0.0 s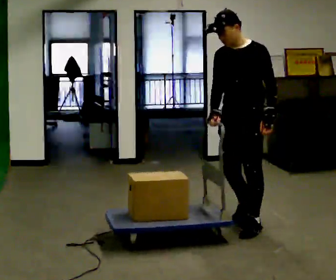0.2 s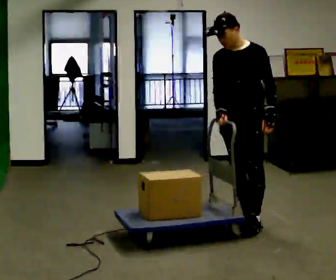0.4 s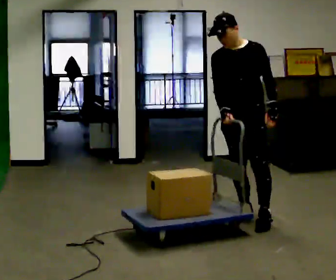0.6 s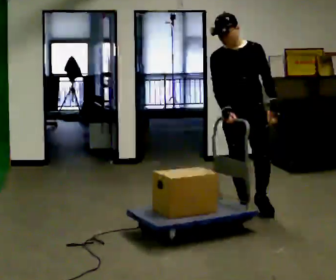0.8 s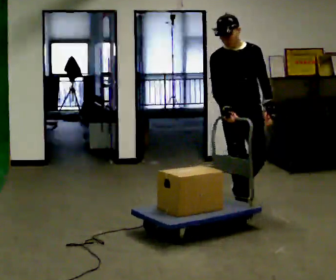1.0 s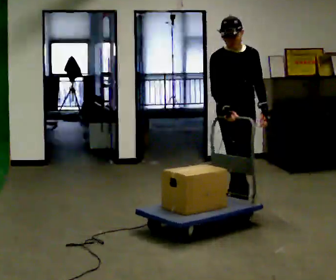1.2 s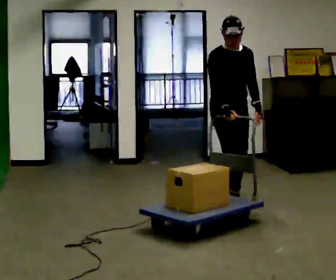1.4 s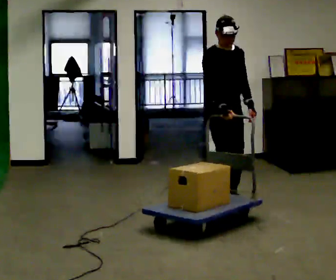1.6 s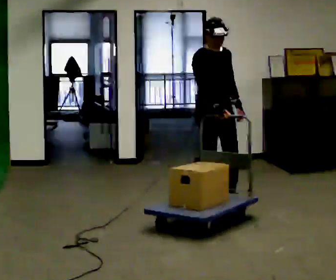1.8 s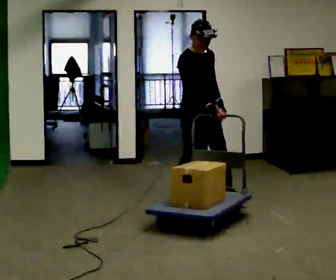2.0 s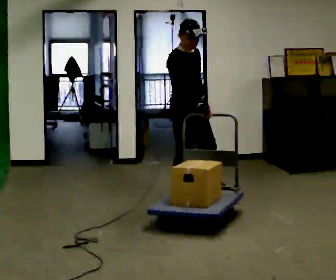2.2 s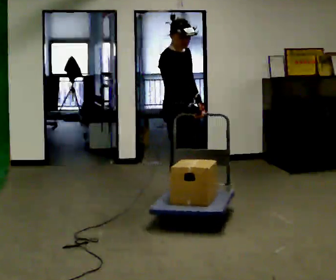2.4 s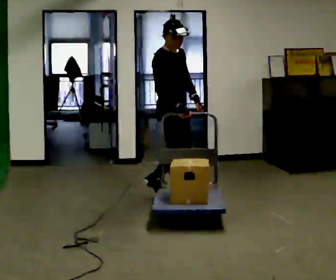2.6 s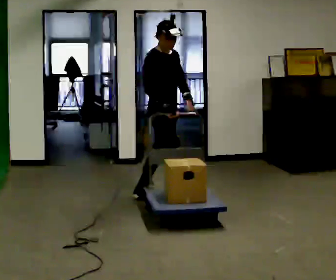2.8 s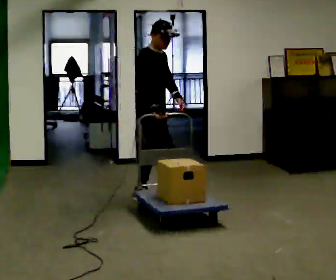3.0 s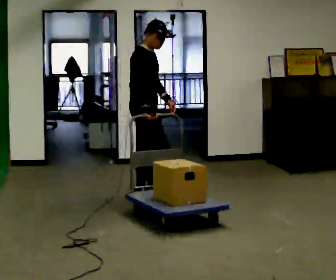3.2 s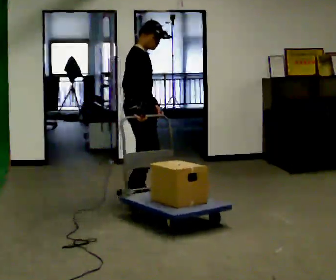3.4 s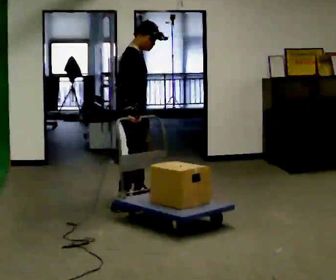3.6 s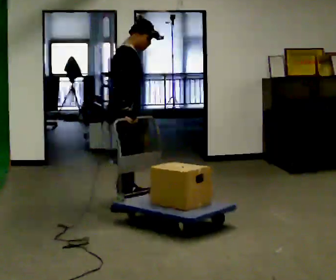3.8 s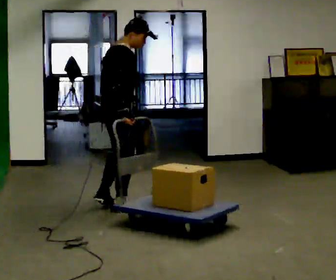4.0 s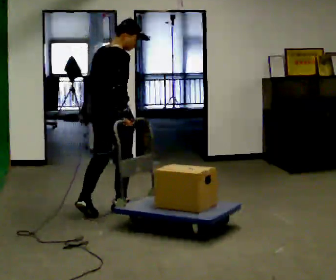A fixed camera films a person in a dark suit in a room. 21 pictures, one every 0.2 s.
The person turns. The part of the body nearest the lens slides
to the right.
The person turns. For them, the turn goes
to their left.
0.0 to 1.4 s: Seen from above the body turns counterclockwise, about 75 degrees: to their left, with its near side sliding to the right. In the picture they go away from the camera, about 0.5 m in 2 steps.
1.4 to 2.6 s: The part of the body nearest the lens slides to the right as the person turns to their left by about 45 degrees. In the picture they go to the left and away from the camera, about 0.5 m in 1 step, which for them is backward.
2.6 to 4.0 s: The person turns about 60 degrees to their left, counterclockwise seen from above, so the part of the body nearest the lens slides to the right. In the picture they go toward the camera and to the left, about 0.75 m in 2 steps.
The film runs backward here.
